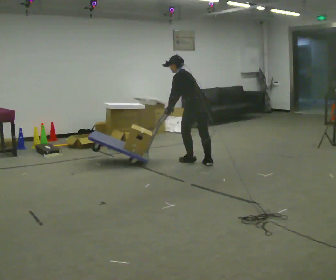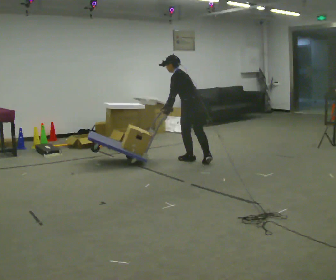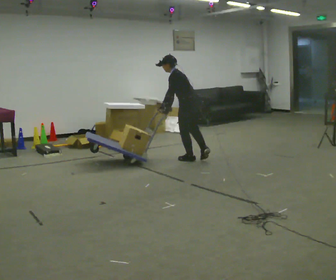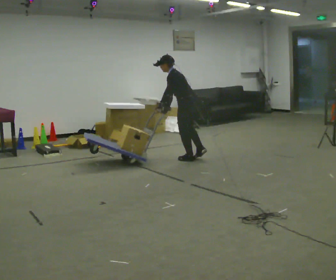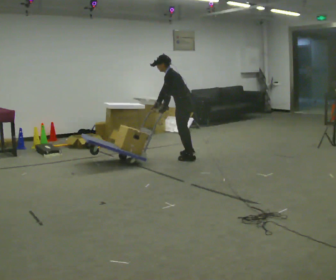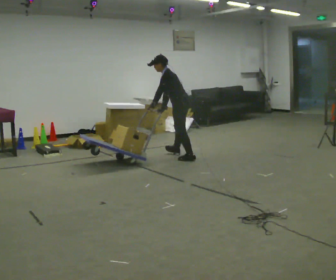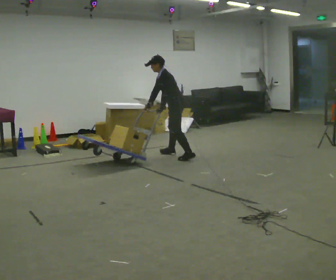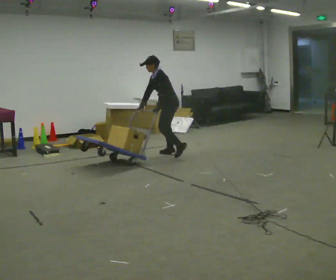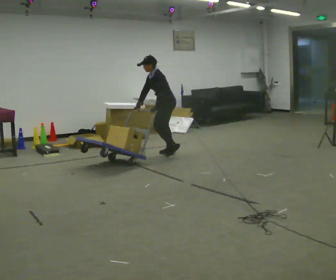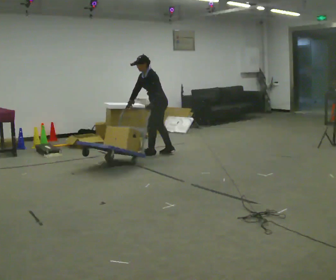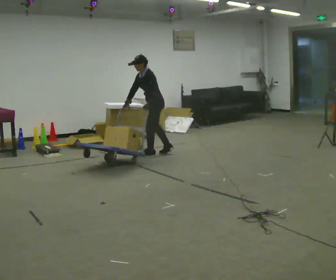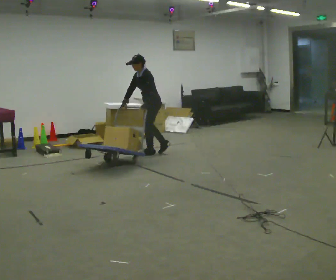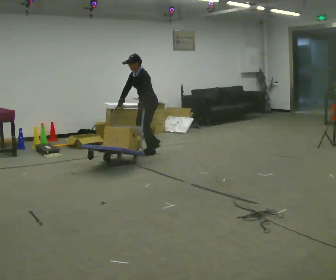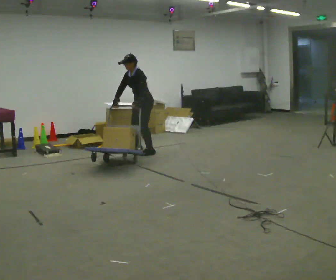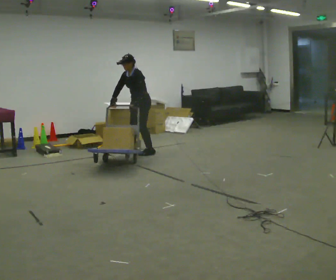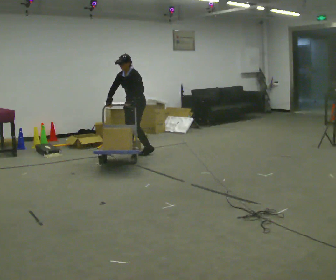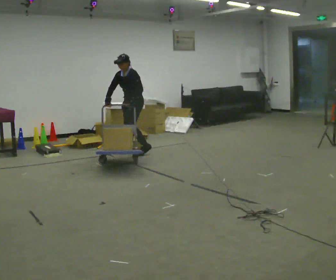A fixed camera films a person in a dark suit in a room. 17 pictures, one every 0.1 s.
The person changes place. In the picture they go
to the left.
The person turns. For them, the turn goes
to their left.
0.0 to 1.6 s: Seen from above the body turns counterclockwise, about 90 degrees: to their left, with its near side sliding to the right. In the picture they go to the left and away from the camera, about 1 m in 4 steps. The upper body tips toward the camera, its near side rolling downward.
The film runs forward here.
